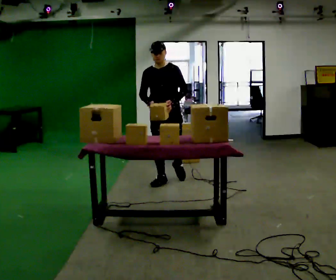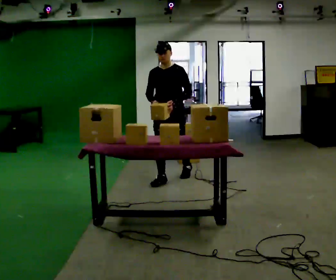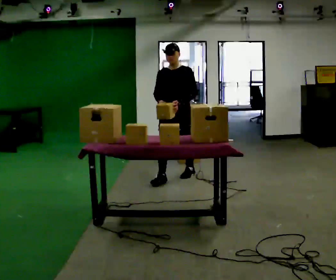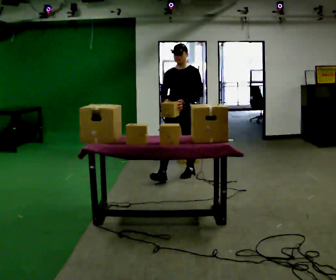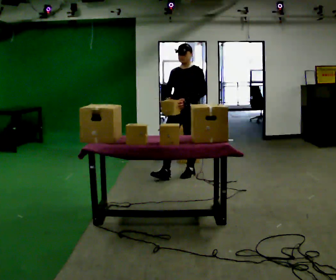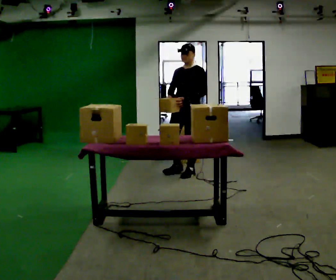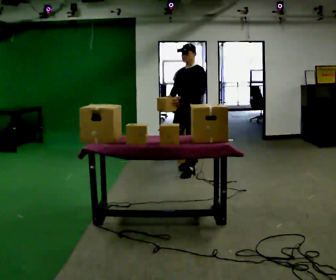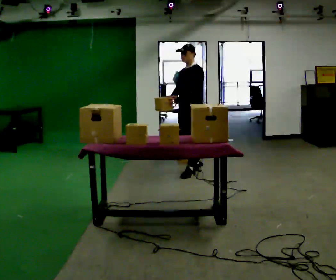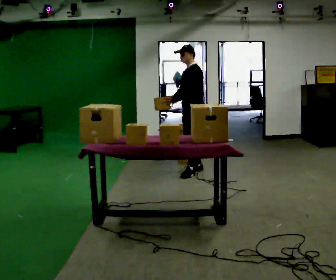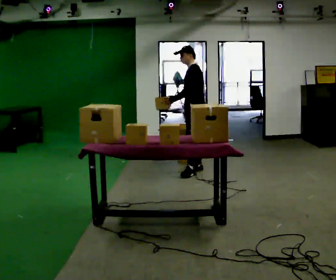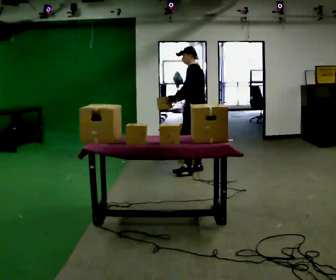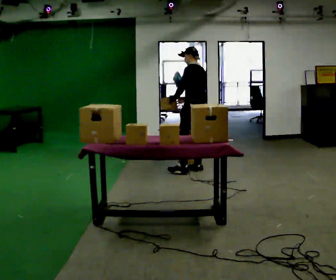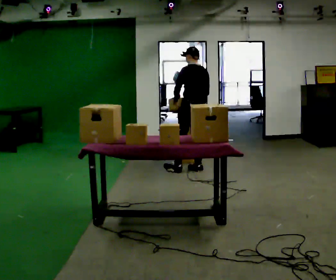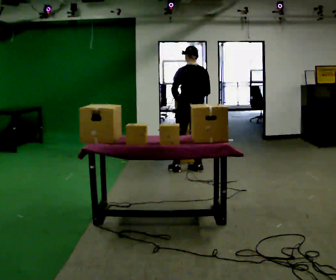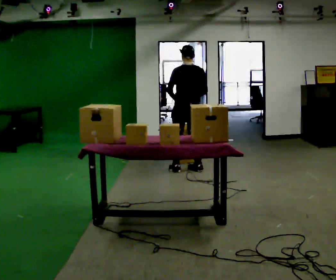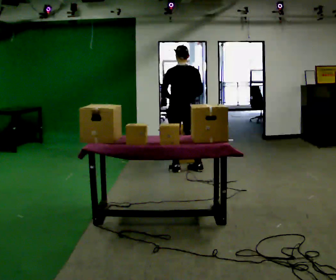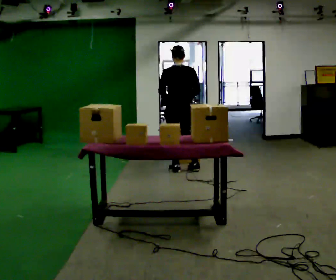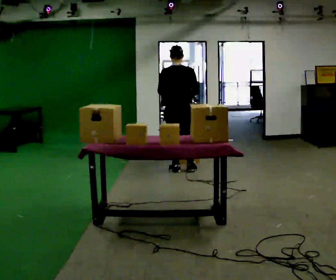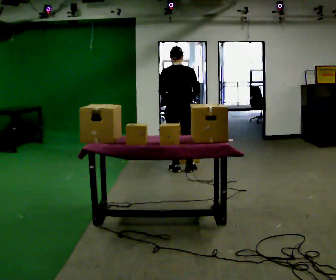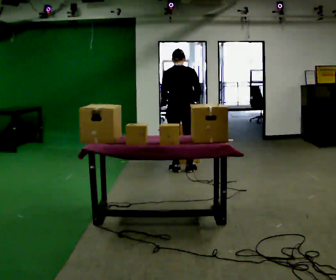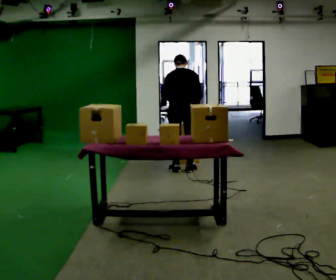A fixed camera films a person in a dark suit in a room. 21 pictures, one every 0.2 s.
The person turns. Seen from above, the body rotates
clockwise.
The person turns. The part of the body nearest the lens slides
to the left.
0.0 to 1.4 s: The person turns about 45 degrees to their right, clockwise seen from above, so the part of the body nearest the lens slides to the left. In the picture they go away from the camera and to the right, about 0.5 m in 1 step, which for them is backward.
1.4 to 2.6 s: The part of the body nearest the lens slides to the left as the person turns to their right by about 90 degrees.
2.6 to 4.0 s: The part of the body nearest the lens slides to the left as the person turns to their right by about 30 degrees.
The film runs backward here.
